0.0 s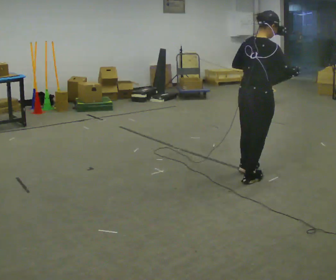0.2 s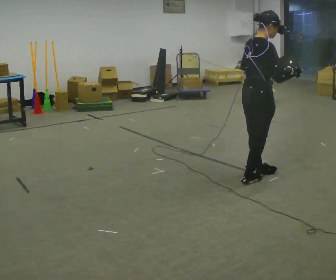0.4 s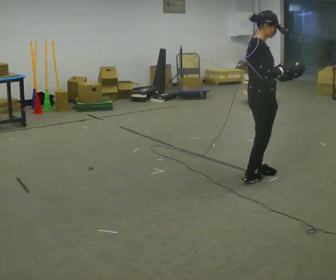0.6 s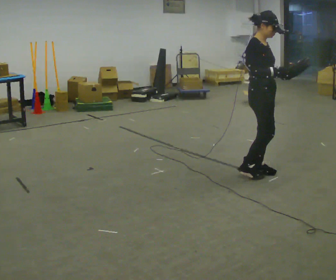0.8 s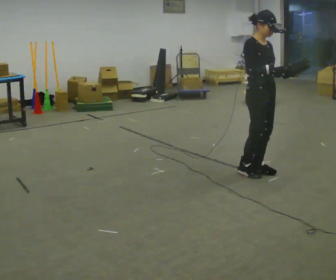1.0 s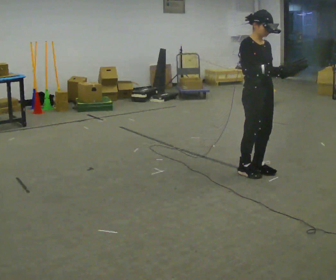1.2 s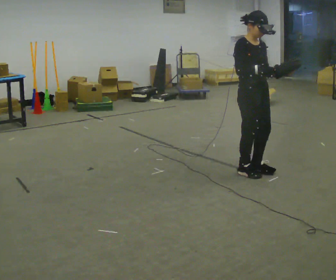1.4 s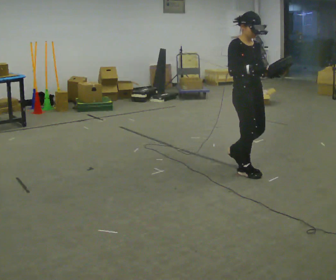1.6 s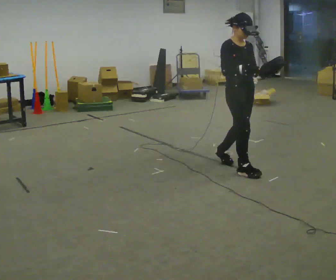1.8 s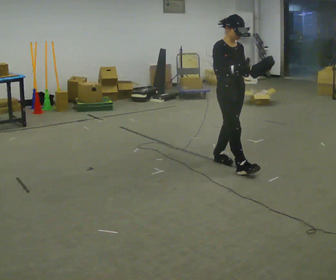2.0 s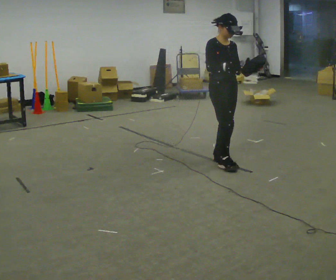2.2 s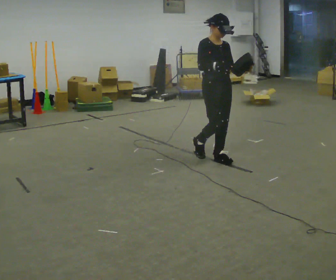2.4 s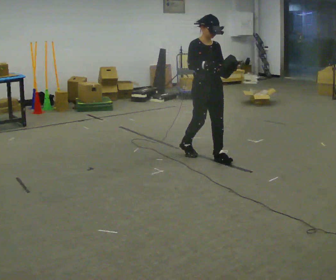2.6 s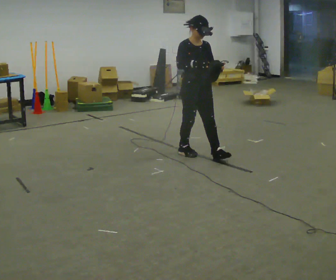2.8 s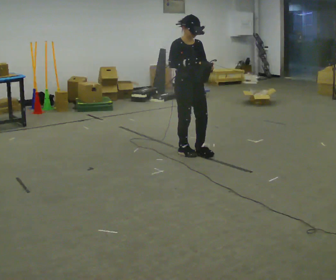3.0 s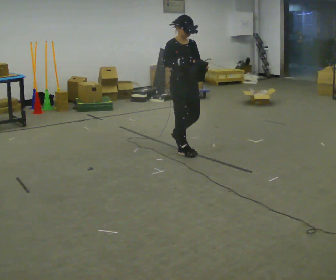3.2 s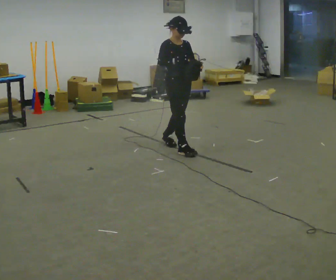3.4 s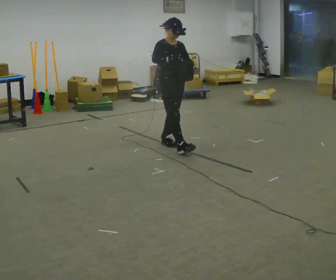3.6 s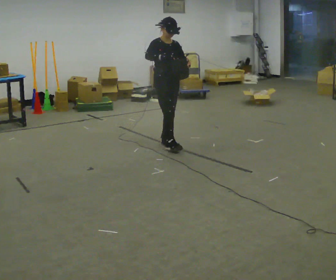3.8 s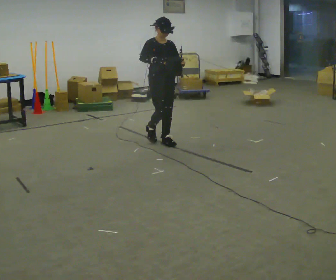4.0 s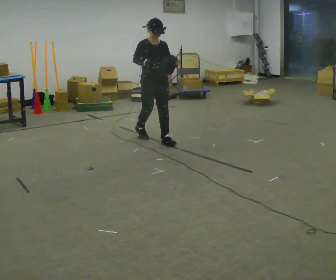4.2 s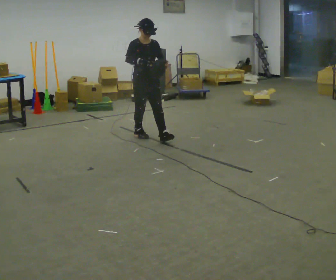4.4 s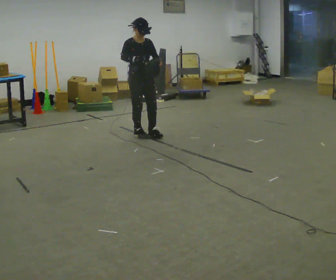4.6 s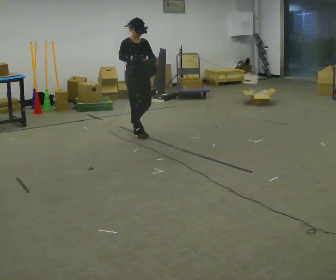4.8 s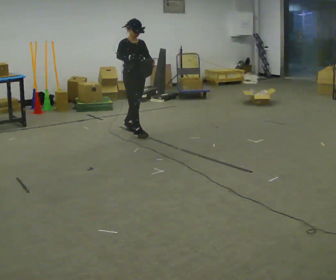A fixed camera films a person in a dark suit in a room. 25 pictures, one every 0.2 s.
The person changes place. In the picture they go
away from the camera.
0.0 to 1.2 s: The person turns about 90 degrees to their right, clockwise seen from above, so the part of the body nearest the lens slides to the left. In the picture they go away from the camera, about 0.25 m in 2 steps.
1.2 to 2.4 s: In the picture they go away from the camera and to the left, about 0.5 m in 1 step, which for them is backward.
2.4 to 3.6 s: In the picture they go away from the camera and to the left, about 0.75 m in 2 steps, which for them is backward.
3.6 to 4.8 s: In the picture they go away from the camera and to the left, about 0.75 m in 1 step, which for them is backward.
The film runs backward here.
